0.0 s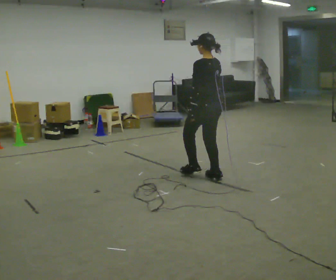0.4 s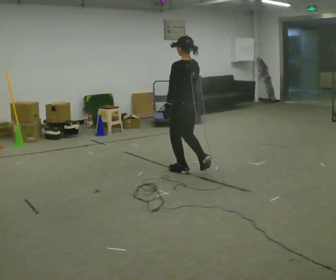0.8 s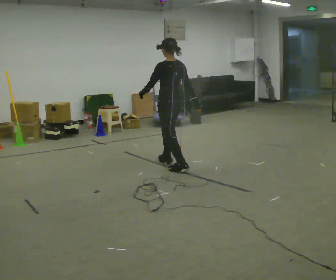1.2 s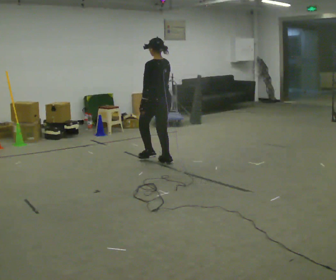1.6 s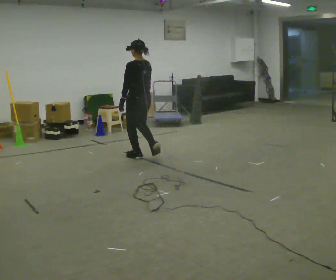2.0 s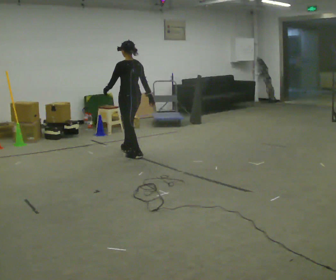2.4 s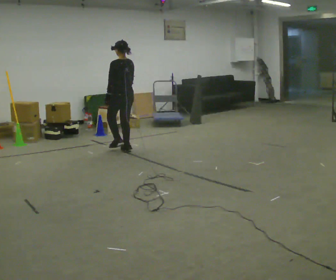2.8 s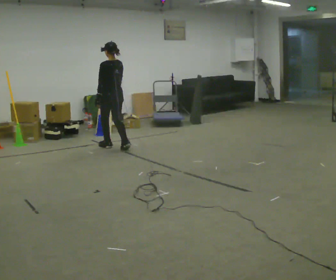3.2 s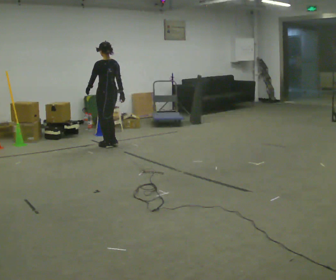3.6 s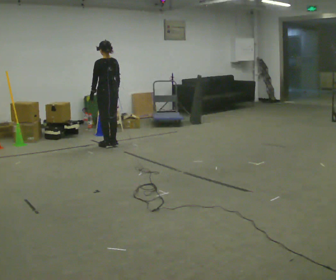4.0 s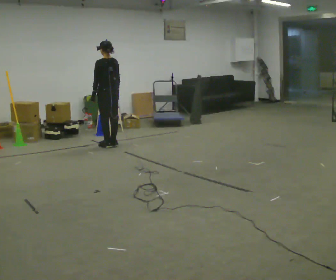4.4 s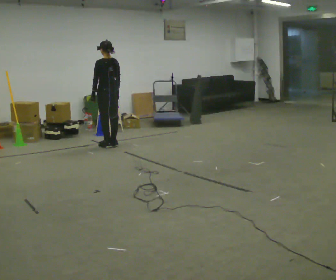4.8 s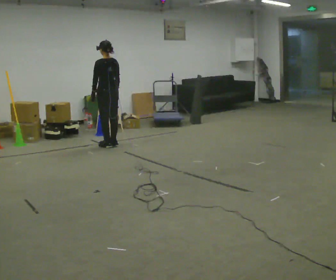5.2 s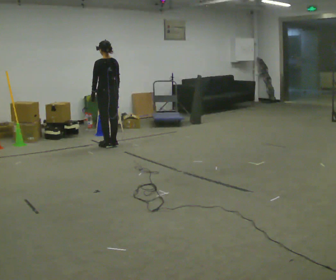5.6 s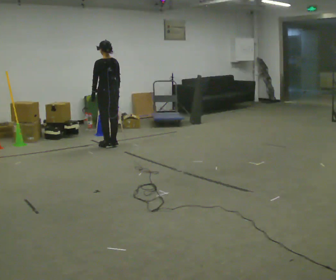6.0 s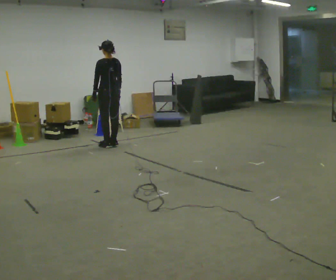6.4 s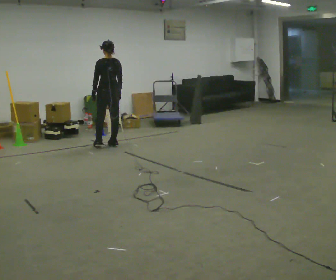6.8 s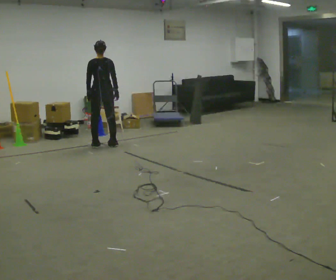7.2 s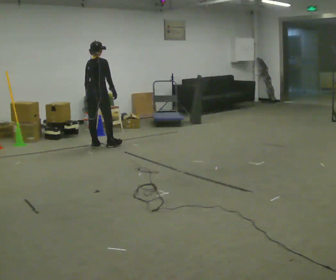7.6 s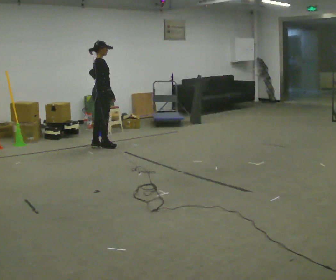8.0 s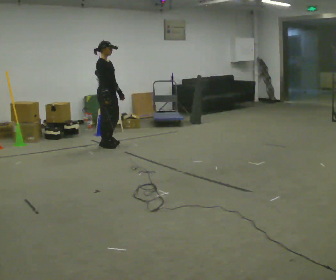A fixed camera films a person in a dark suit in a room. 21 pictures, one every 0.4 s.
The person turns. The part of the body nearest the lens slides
to the left.
The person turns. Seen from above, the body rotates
clockwise.
0.0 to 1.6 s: In the picture they go away from the camera and to the left, about 1 m in 3 steps, which for them is forward.
1.6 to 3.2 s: In the picture they go away from the camera and to the left, about 1 m in 3 steps, which for them is forward.
3.2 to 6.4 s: The person moves a little, or ends about where they began.
6.4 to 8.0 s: Seen from above the body turns clockwise, about 135 degrees: to their right, with its near side sliding to the left. In the picture their left hand goes to the right, the arm swinging counterclockwise.
The film runs forward here.
